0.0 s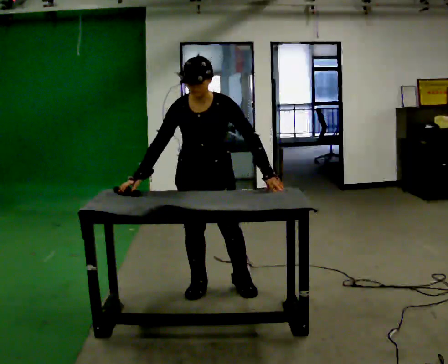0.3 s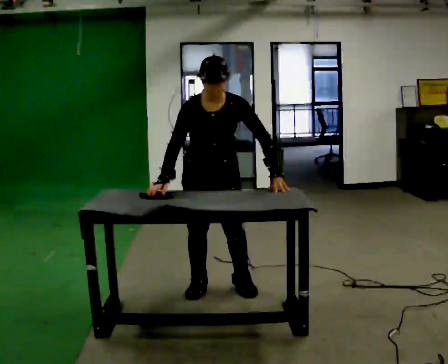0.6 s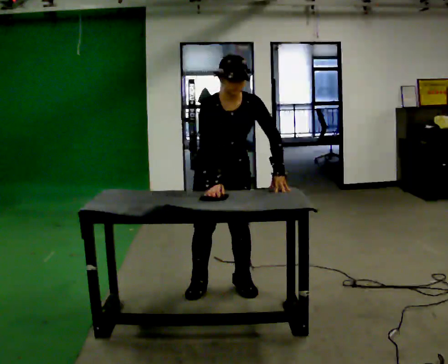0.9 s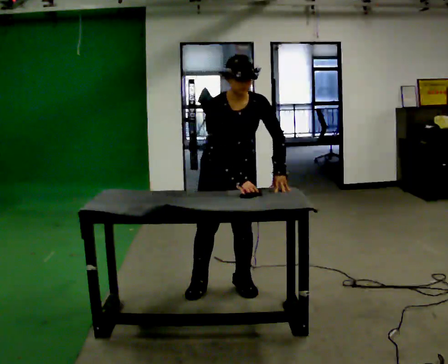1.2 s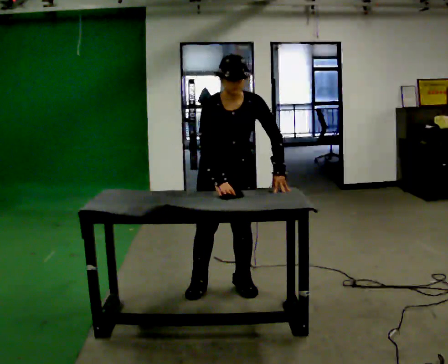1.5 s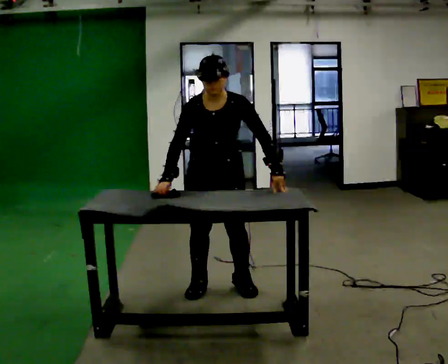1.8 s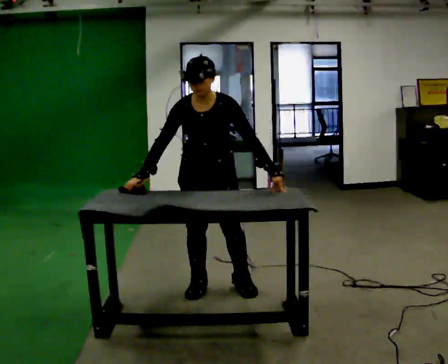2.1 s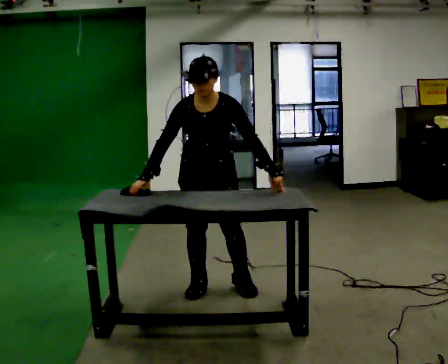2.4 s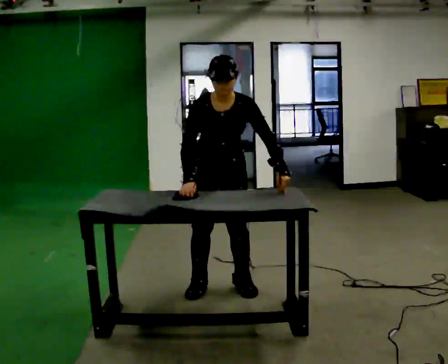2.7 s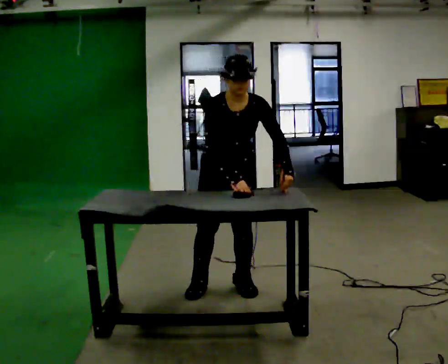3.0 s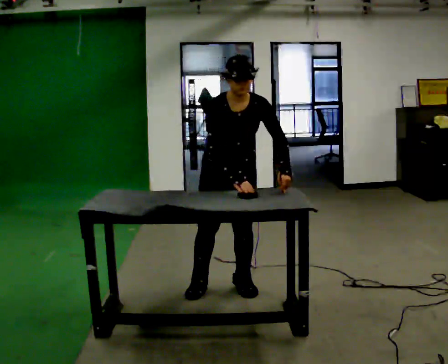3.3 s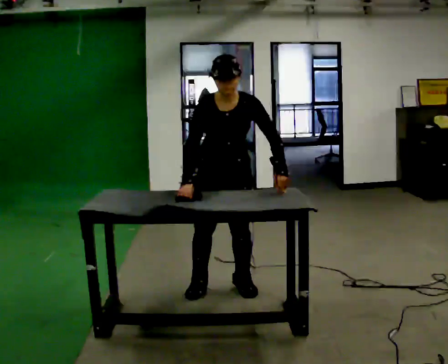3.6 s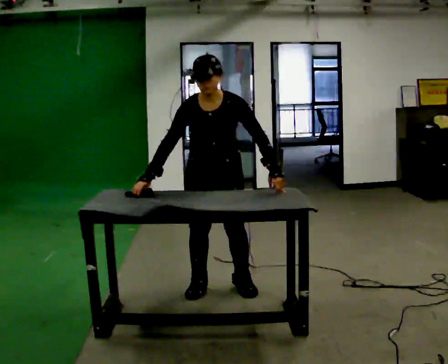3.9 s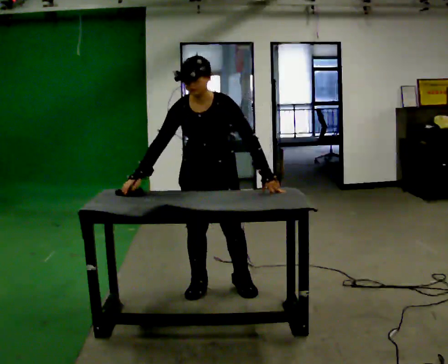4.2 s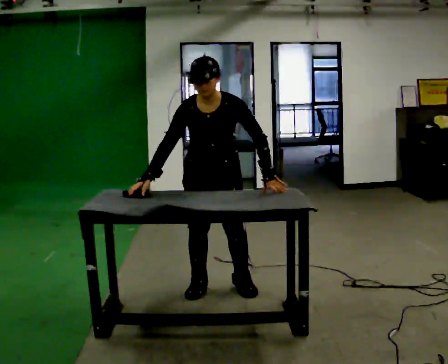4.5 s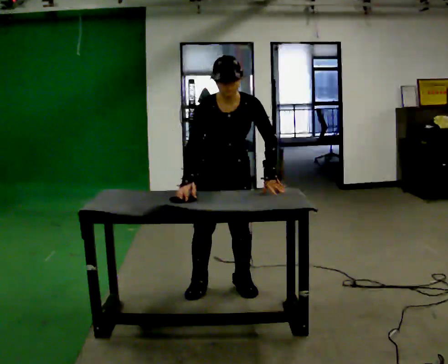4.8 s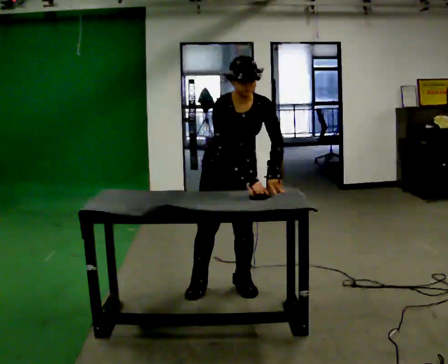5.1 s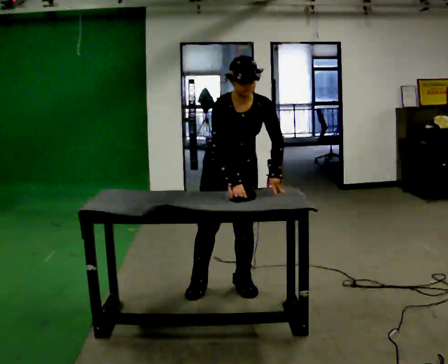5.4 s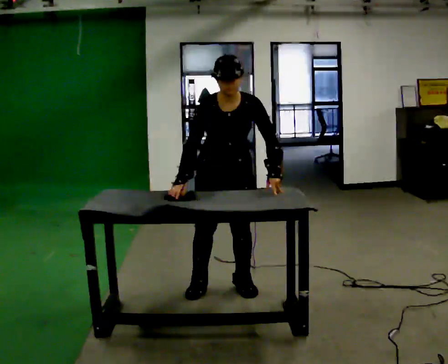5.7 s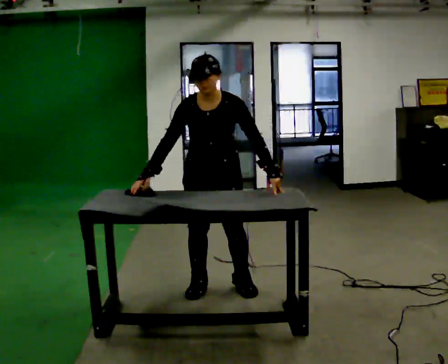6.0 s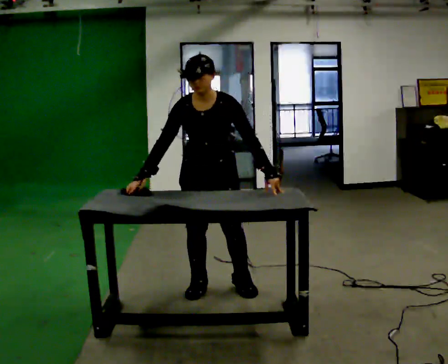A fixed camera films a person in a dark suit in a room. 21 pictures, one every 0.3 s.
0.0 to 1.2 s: In the picture their right hand goes to the right.
1.2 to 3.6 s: In the picture their right hand goes to the left.
3.6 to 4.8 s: In the picture their right hand goes to the right, the arm swinging counterclockwise.
4.8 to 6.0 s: In the picture their right hand goes to the left, the arm swinging clockwise.
The film runs forward here.
